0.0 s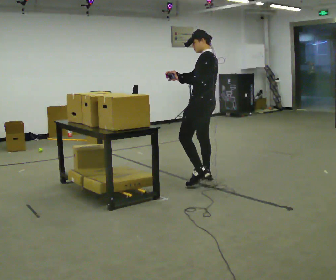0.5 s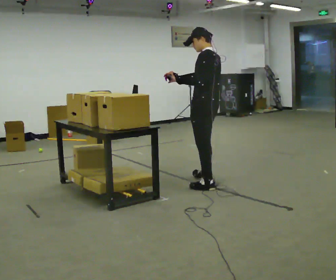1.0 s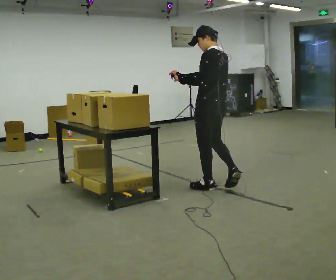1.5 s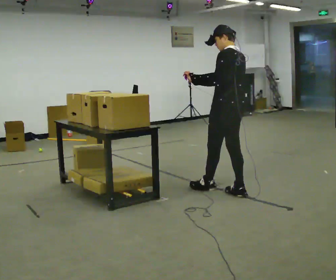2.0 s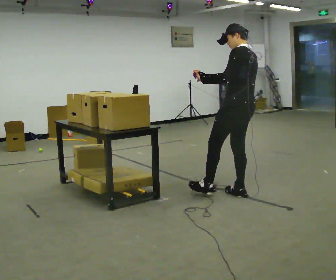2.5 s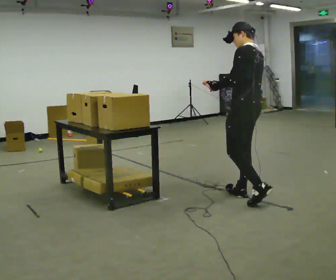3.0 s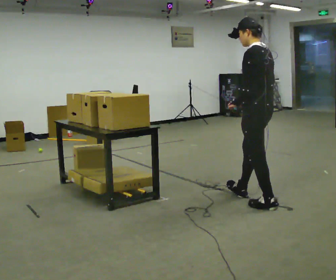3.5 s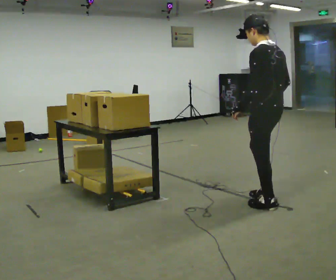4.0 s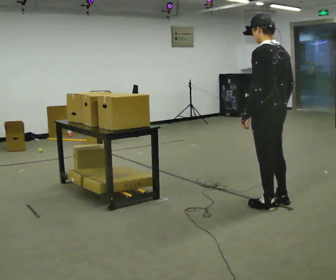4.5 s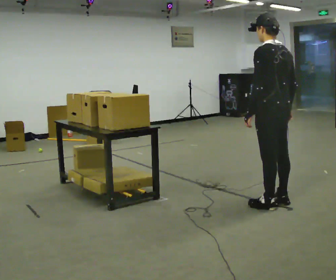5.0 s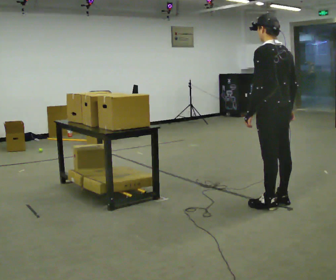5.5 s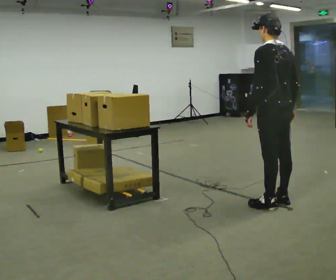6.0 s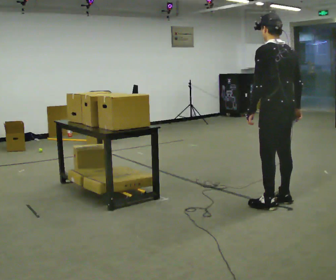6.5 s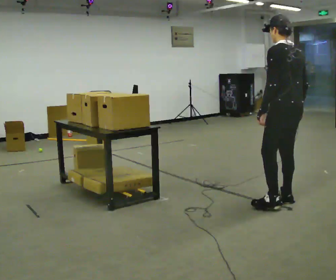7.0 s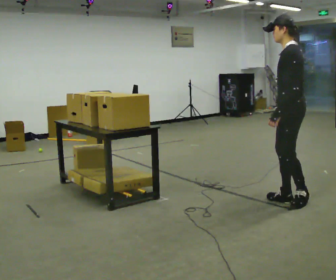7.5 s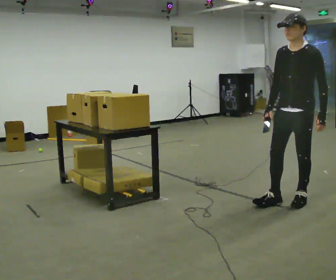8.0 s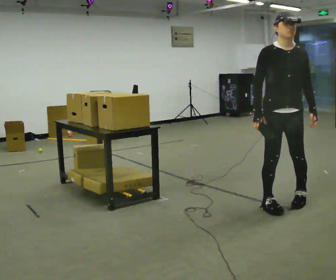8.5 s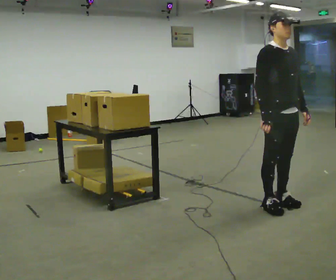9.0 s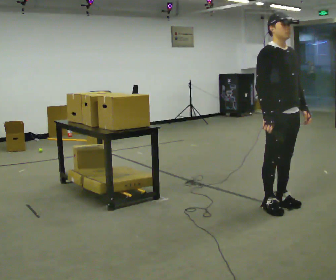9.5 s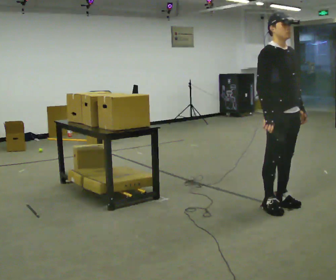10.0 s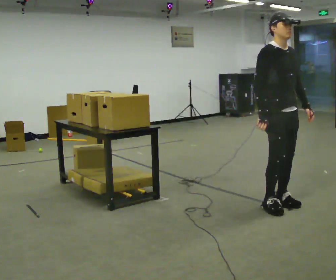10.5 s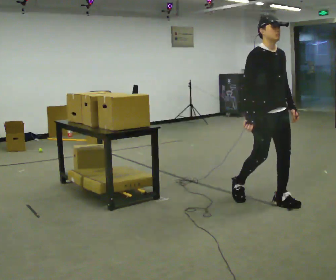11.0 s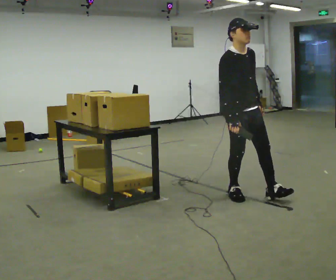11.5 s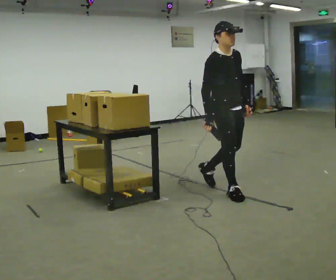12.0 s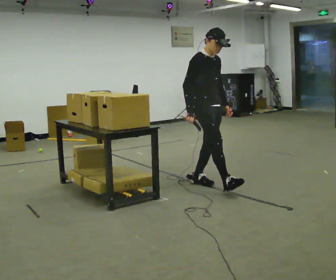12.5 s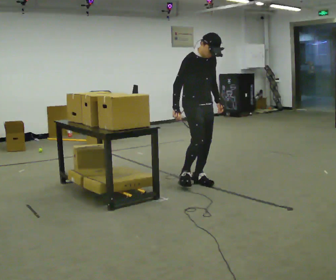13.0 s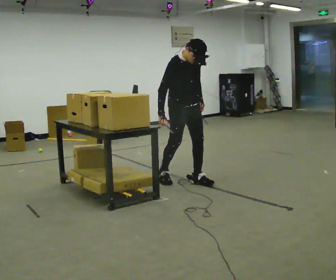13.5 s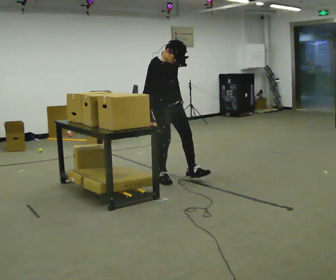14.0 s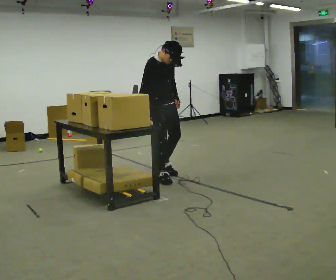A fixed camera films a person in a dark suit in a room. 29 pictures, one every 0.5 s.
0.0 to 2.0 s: In the picture they go toward the camera and to the right, about 0.5 m in 2 steps, which for them is backward.
2.0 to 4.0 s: In the picture they go to the right and toward the camera, about 0.5 m in 1 step, which for them is backward and to their left.
4.0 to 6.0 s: The person moves a little, or ends about where they began.
6.0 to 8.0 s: The part of the body nearest the lens slides to the right as the person turns to their left by about 150 degrees. In the picture their left hand goes to the right, the arm swinging counterclockwise.
8.0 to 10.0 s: Seen from above the body turns counterclockwise, about 30 degrees: to their left, with its near side sliding to the right.
10.0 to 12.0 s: In the picture they go to the left and away from the camera, about 1 m in 3 steps, which for them is backward.
12.0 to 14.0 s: In the picture they go to the left, about 0.5 m in 1 step, which for them is backward and to their right. The upper body tips toward the camera, its near side rolling downward, as they bend forward.
The film runs backward here.
